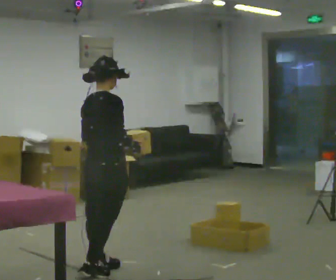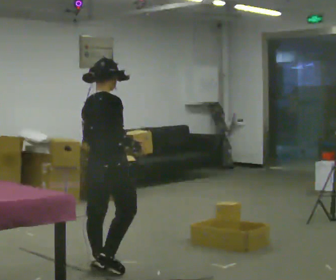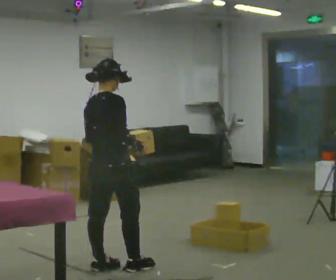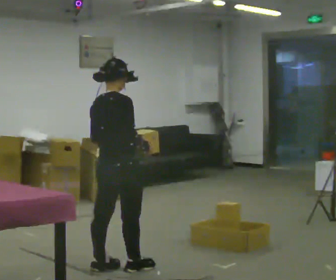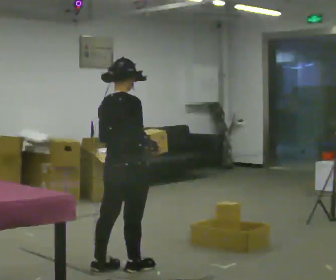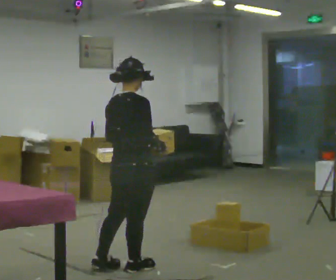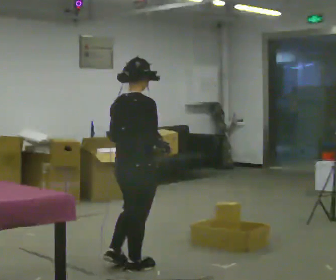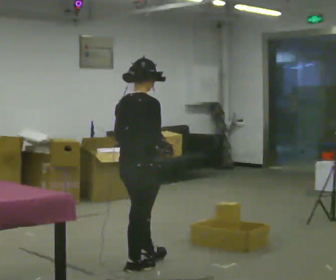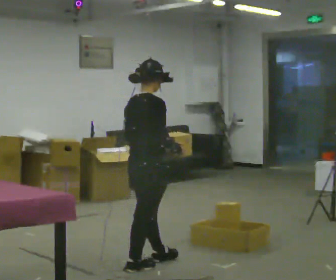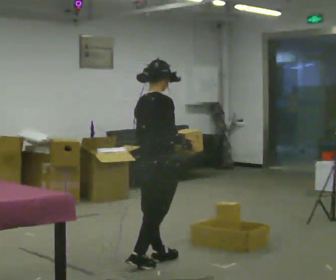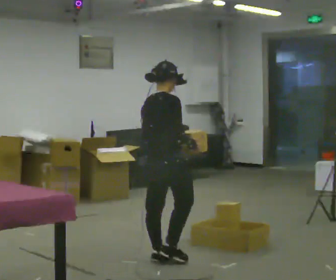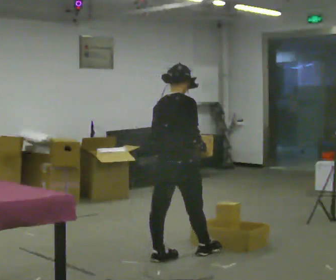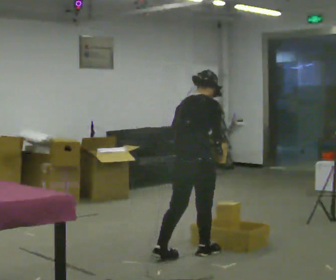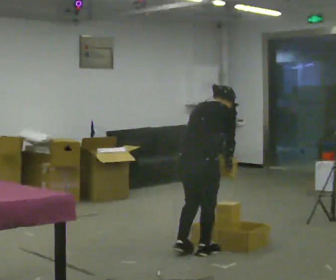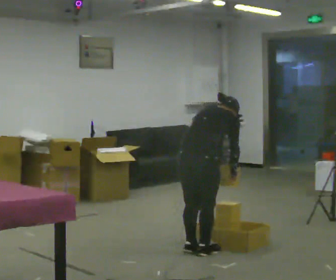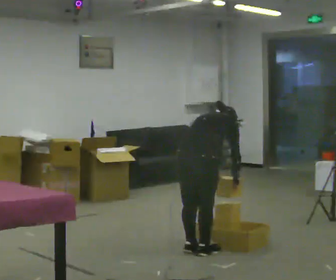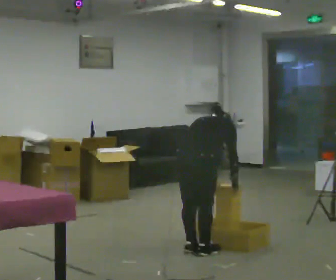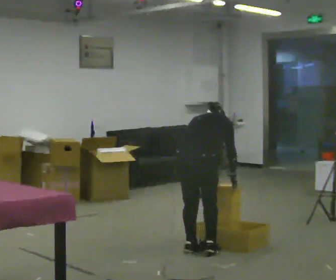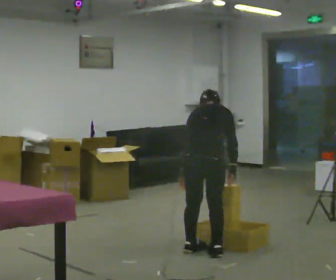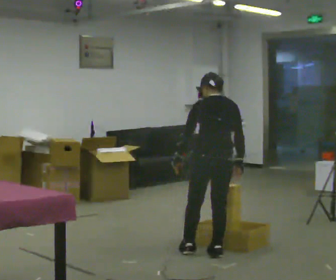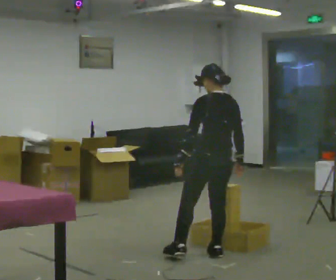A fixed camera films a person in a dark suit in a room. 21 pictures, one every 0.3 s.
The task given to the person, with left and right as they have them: Carry each object across the room and drop it into the container on the floor, then walk back for the next one. Keep going until the operator says stop; one object at a time, and do not rush between trips.
0.0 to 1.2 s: In the picture they go to the right, about 0.25 m in 1 step, which for them is forward.
1.2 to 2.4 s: In the picture they go to the right, about 0.25 m in 1 step, which for them is forward.
2.4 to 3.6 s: In the picture they go to the right and away from the camera, about 0.5 m in 1 step, which for them is forward.
3.6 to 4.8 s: The shoulders move downward. The upper body tips away from the camera, its near side rolling upward, as they bend forward.
4.8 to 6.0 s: The part of the body nearest the lens slides to the right as the person turns to their left by about 60 degrees. In the picture they go to the right, about 0.25 m. The upper body goes upward. The upper body tips toward the camera, its near side rolling downward, as they lean back or straighten. In the picture their left hand goes to the left.
The film runs forward here.
